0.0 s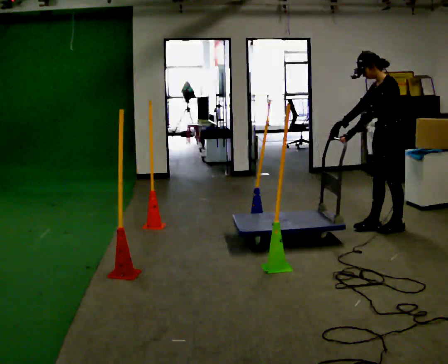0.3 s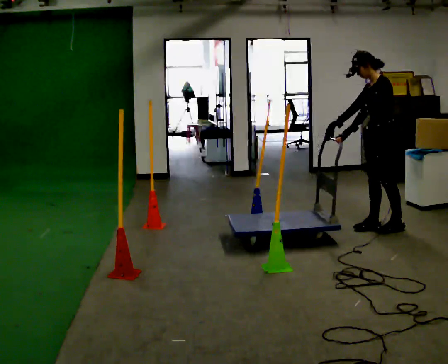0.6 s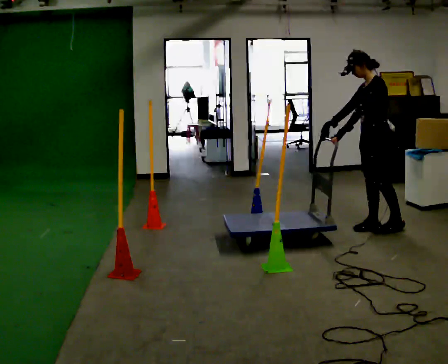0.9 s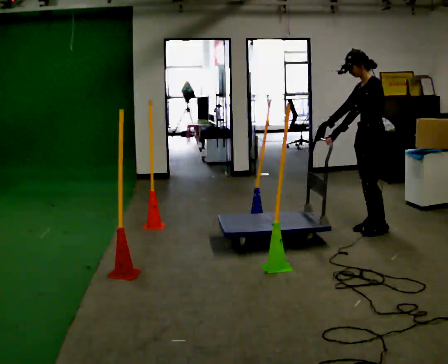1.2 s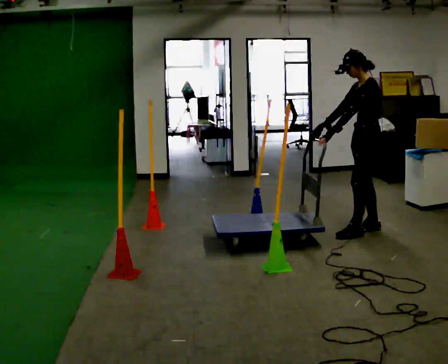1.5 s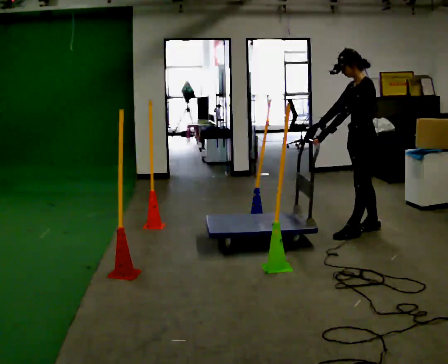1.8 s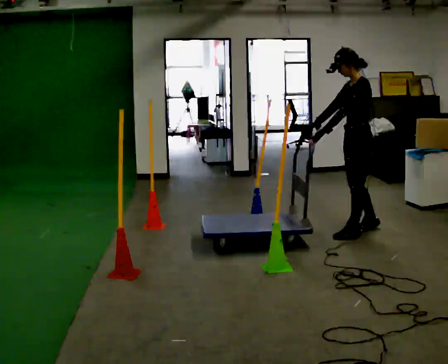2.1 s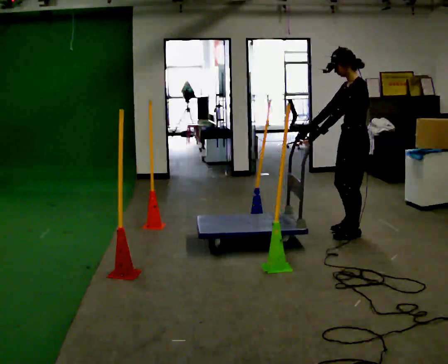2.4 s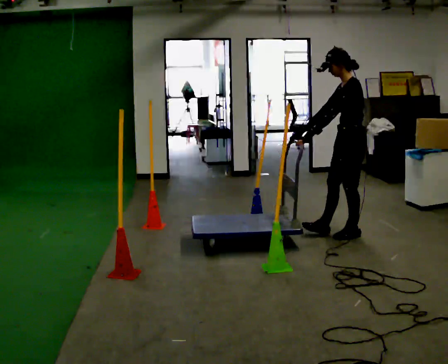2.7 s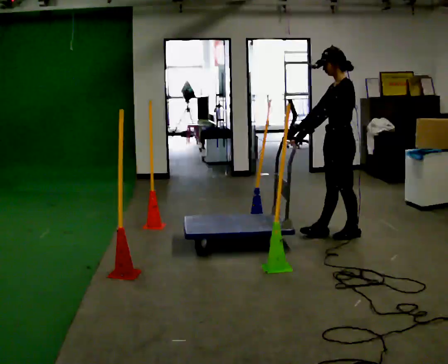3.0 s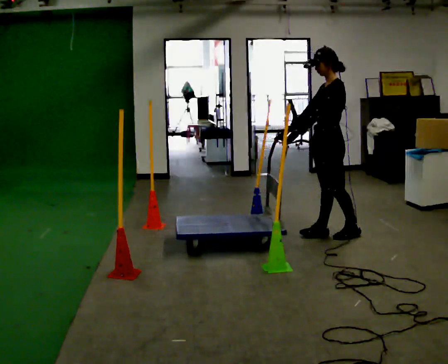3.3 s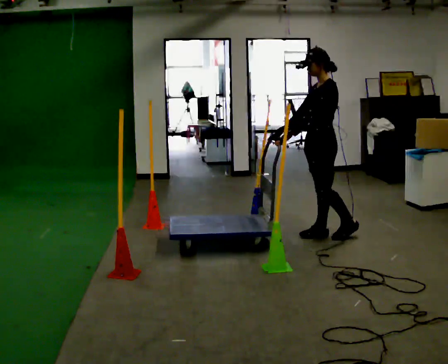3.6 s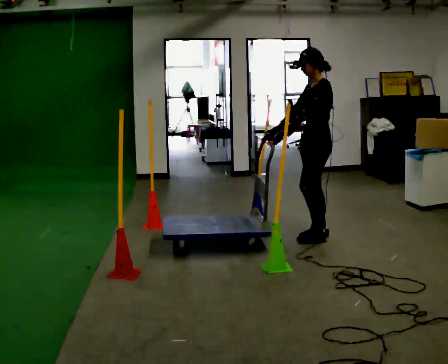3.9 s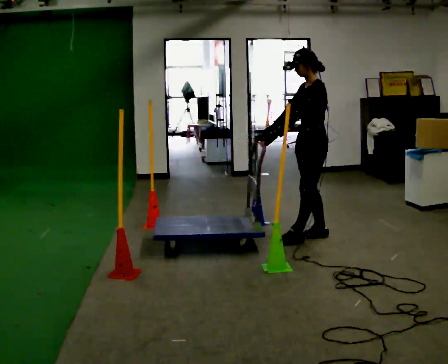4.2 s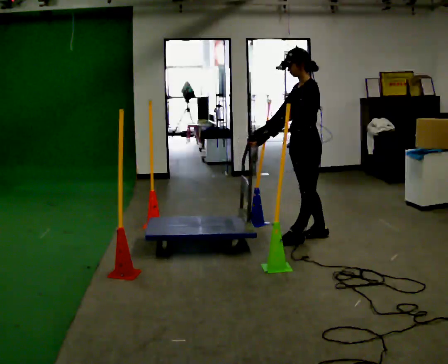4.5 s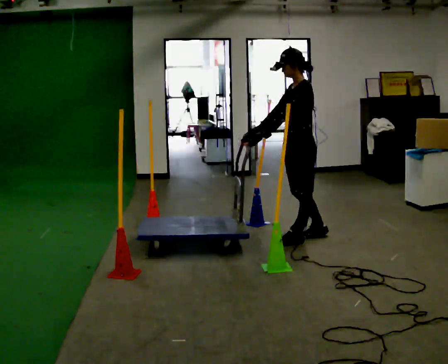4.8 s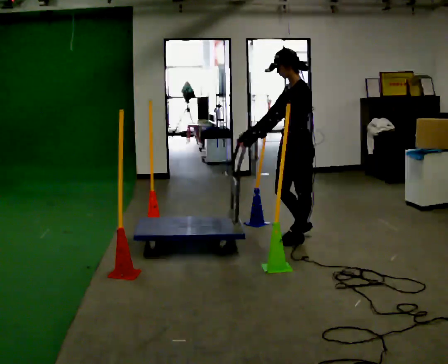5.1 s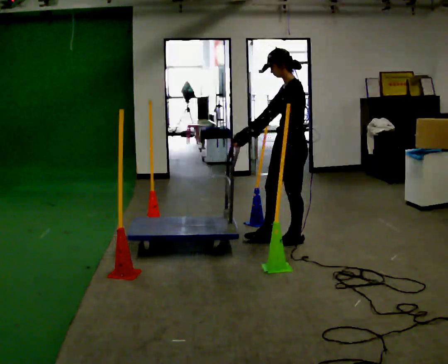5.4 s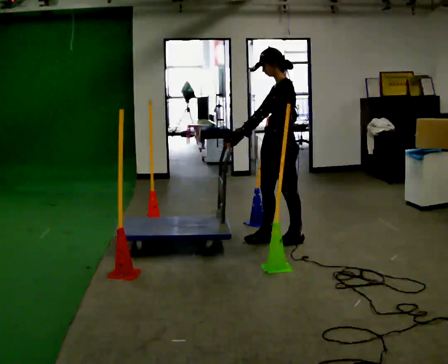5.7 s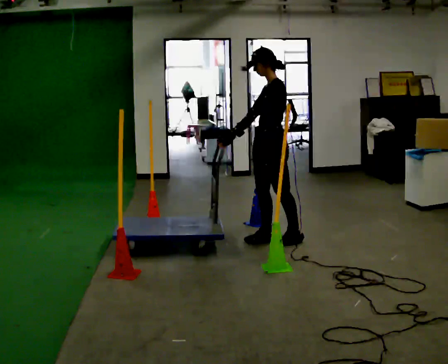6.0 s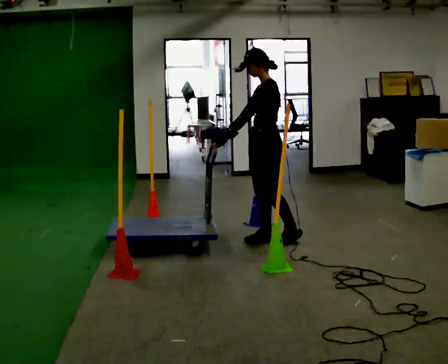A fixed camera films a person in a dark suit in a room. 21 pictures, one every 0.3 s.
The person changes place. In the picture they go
to the left.
0.0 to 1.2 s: In the picture they go to the left, about 0.25 m in 1 step, which for them is forward.
1.2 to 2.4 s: In the picture they go toward the camera and to the left, about 0.25 m in 1 step, which for them is forward and to their left.
2.4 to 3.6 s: In the picture they go to the left, about 0.25 m in 1 step, which for them is forward.
3.6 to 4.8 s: In the picture they go toward the camera and to the left, about 0.25 m in 1 step, which for them is forward and to their left.
4.8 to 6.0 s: In the picture they go to the left, about 0.25 m, which for them is forward.
The film runs backward here.
